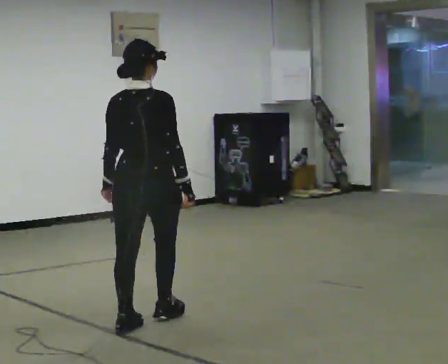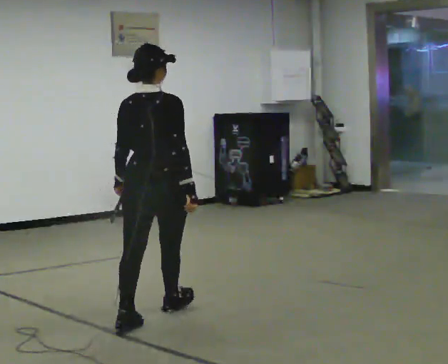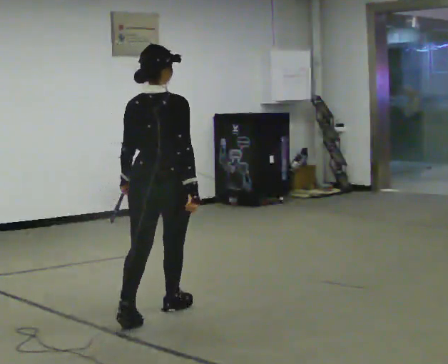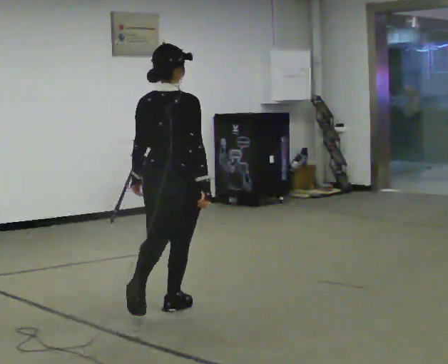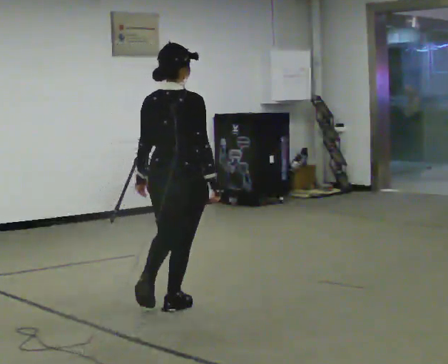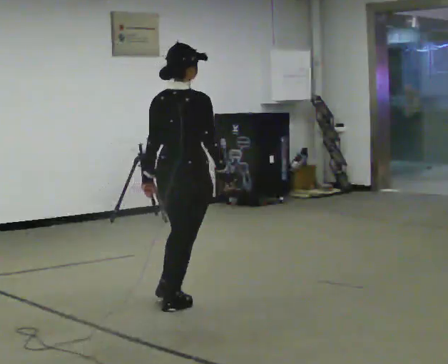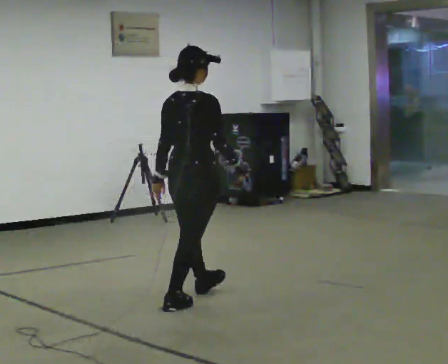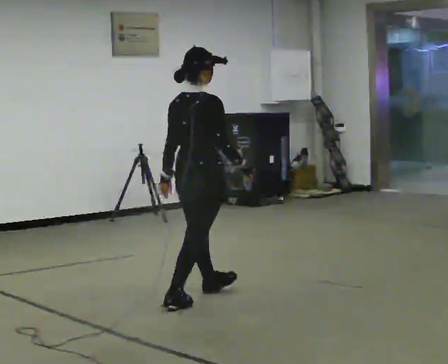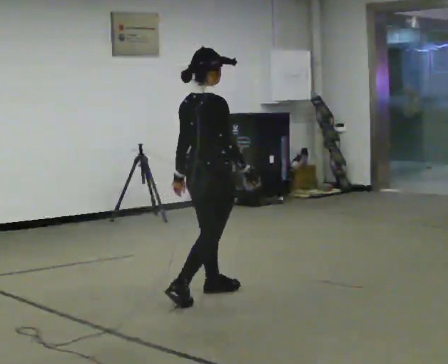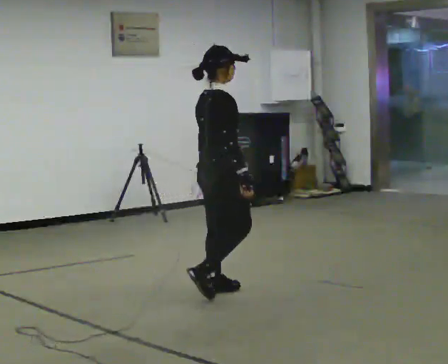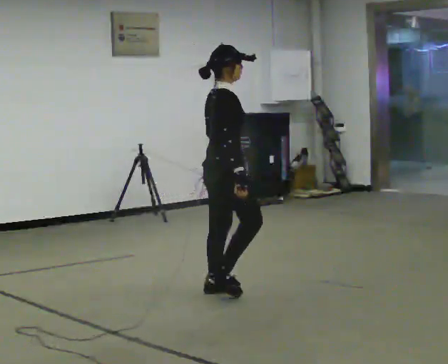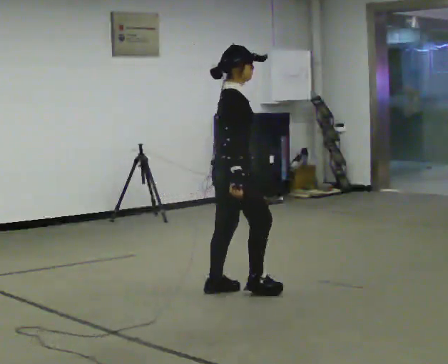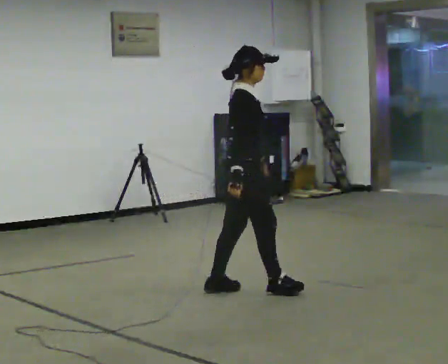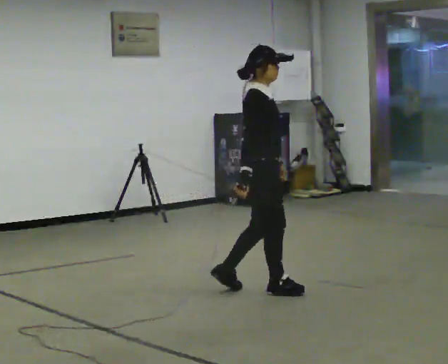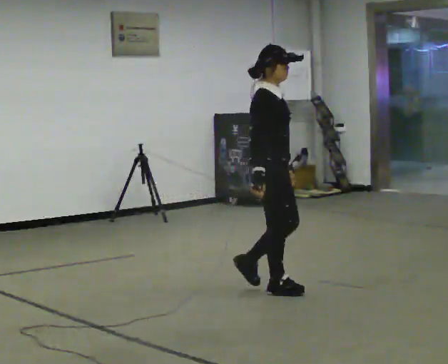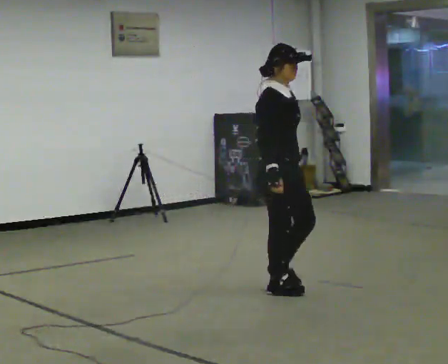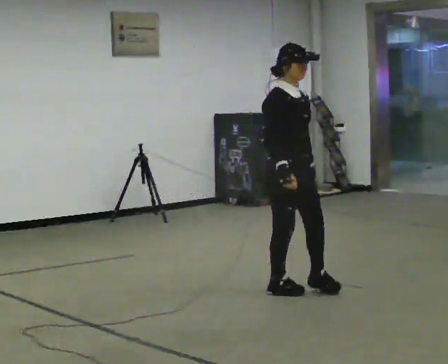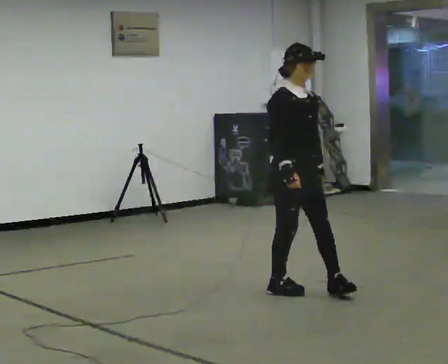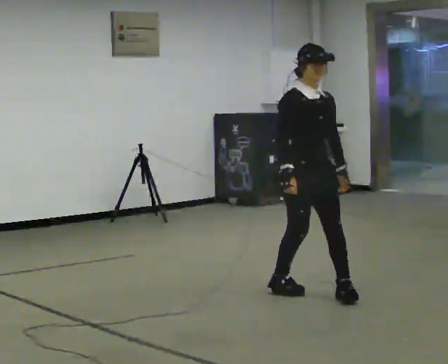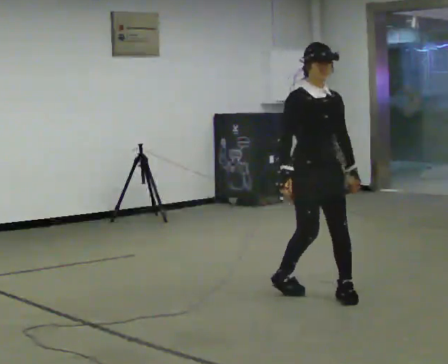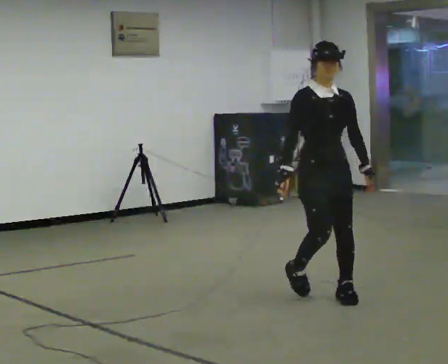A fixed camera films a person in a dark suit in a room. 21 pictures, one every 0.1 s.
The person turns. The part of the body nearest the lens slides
to the left.
The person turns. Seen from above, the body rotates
clockwise.
0.0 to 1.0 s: Seen from above the body turns clockwise, about 60 degrees: to their right, with its near side sliding to the left. In the picture they go away from the camera and to the right, about 1 m in 2 steps, which for them is forward.
1.0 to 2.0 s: Seen from above the body turns clockwise, about 90 degrees: to their right, with its near side sliding to the left. In the picture they go to the right, about 0.75 m in 2 steps.
The film runs forward here.
